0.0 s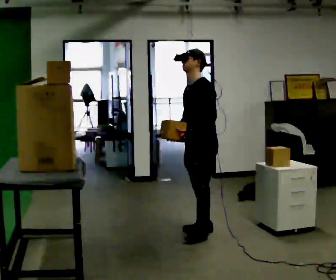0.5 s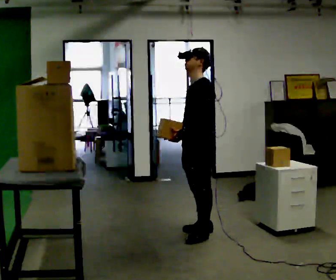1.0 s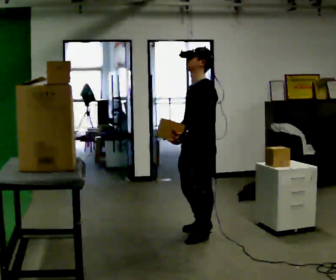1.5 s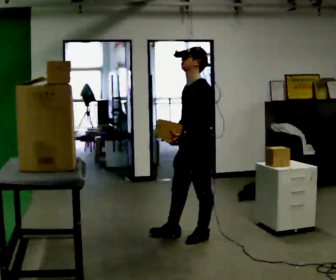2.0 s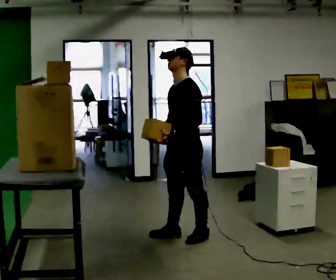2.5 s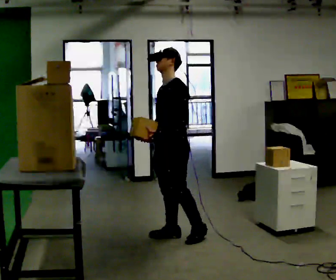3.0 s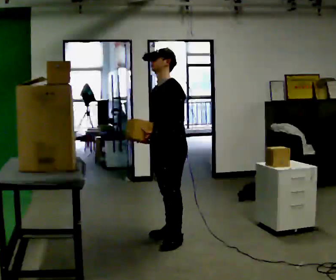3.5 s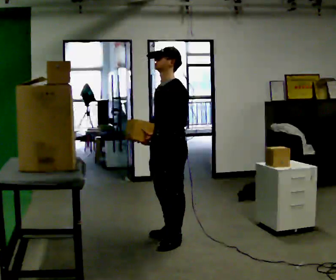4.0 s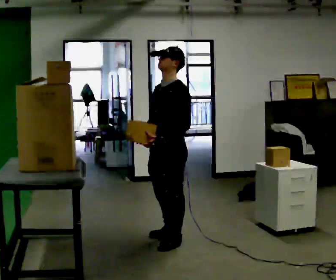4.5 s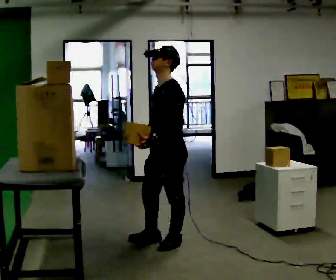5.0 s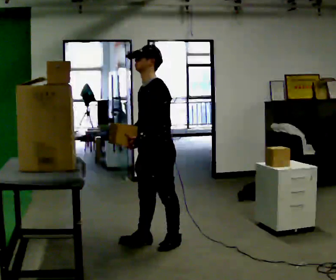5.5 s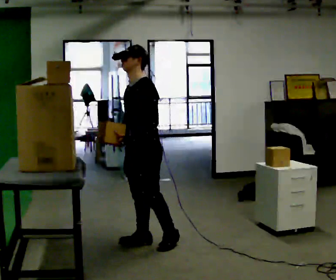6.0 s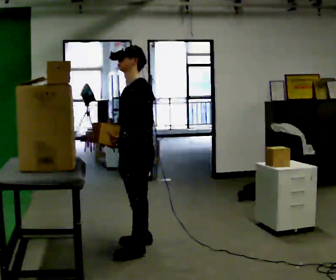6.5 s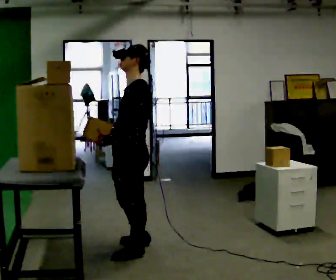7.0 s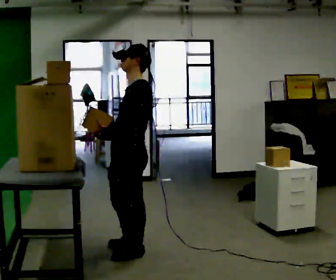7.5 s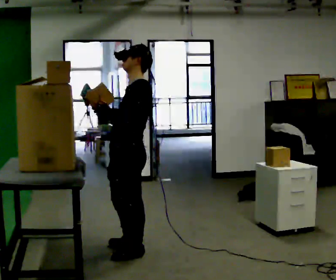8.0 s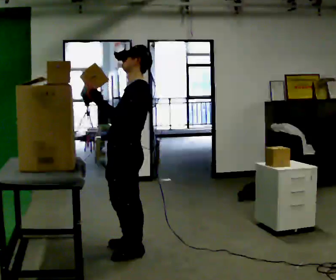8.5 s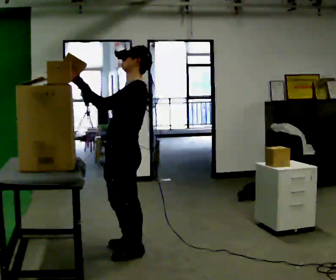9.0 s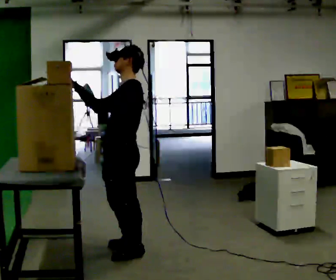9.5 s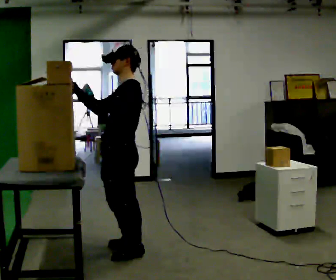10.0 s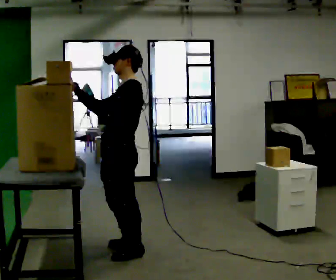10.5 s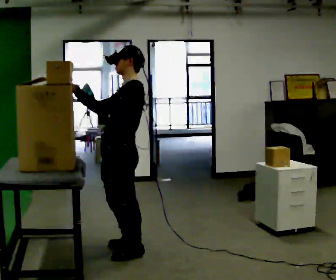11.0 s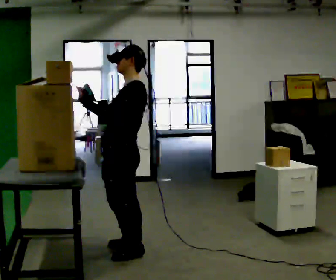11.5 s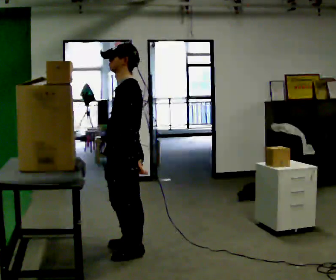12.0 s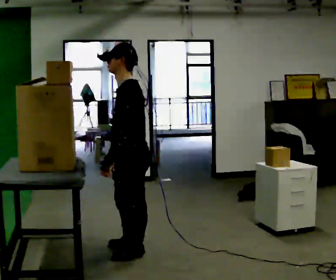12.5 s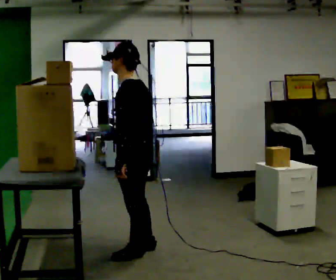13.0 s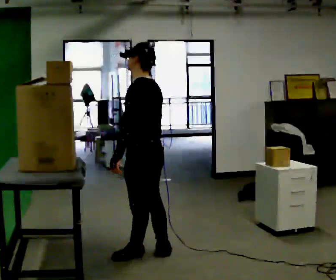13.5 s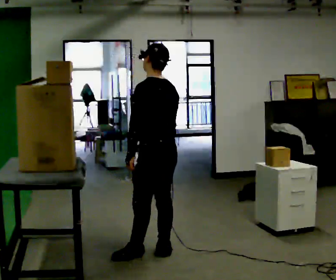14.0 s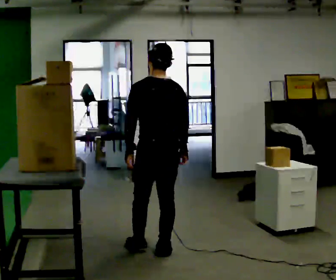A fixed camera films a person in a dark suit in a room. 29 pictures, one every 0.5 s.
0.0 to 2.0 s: In the picture they go to the left and toward the camera, about 0.25 m in 1 step, which for them is forward.
2.0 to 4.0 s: In the picture they go toward the camera and to the left, about 0.25 m in 1 step, which for them is forward.
4.0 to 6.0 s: In the picture they go to the left, about 0.25 m in 2 steps, which for them is forward.
6.0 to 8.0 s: In the picture they go toward the camera, about 0.25 m, which for them is to their left and forward. In the picture their left hand goes upward.
8.0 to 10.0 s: The person moves a little, or ends about where they began.
10.0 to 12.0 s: In the picture the upper body tilts counterclockwise, shoulders to the left, as they bend forward. In the picture their right hand goes downward, the arm swinging counterclockwise.
12.0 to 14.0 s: The part of the body nearest the lens slides to the left as the person turns to their right by about 75 degrees. In the picture they go to the right, about 0.25 m in 1 step. In the picture their right hand goes to the right.
The film runs forward here.
